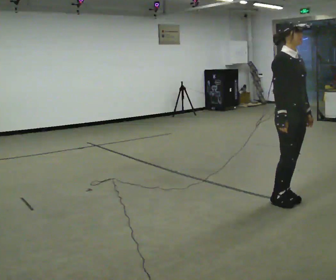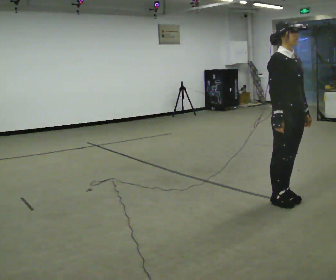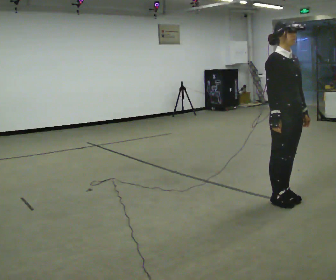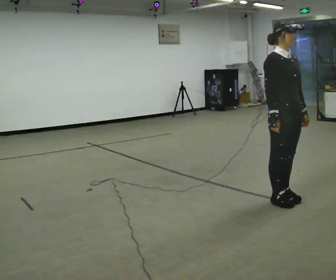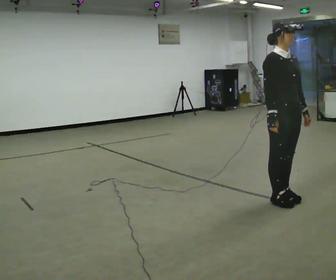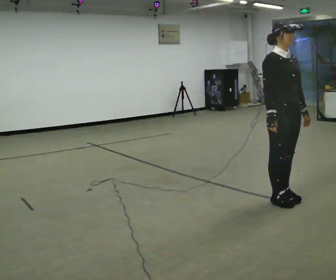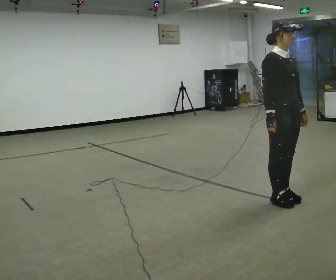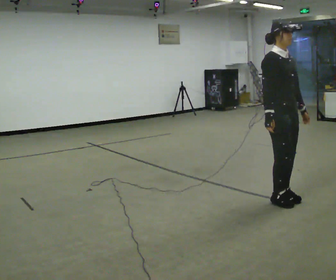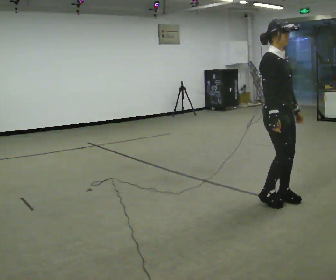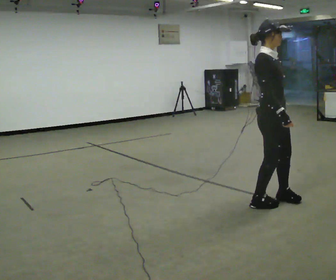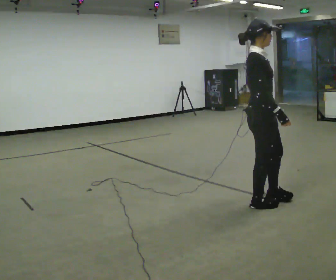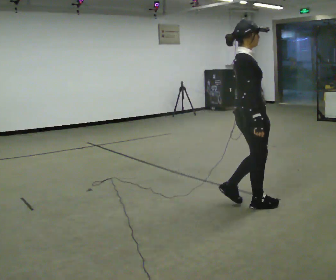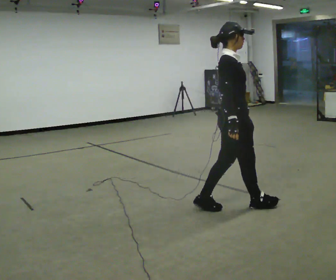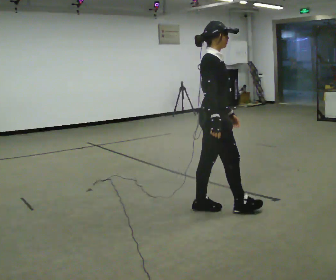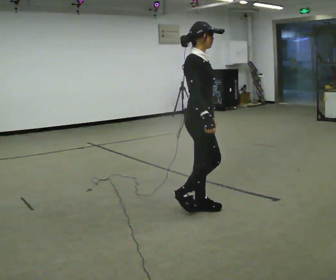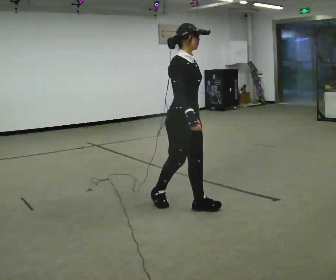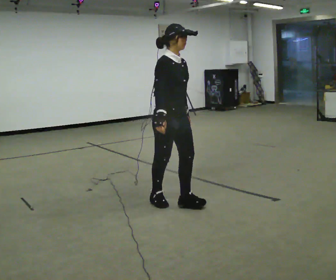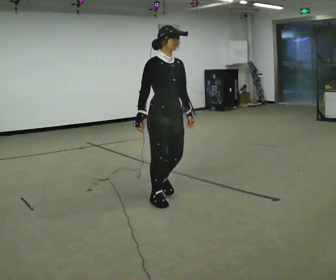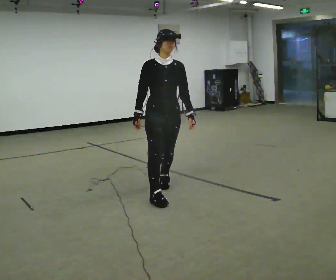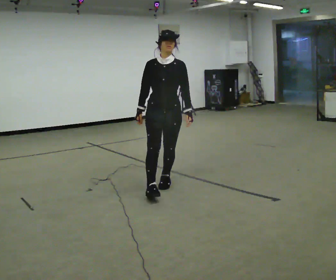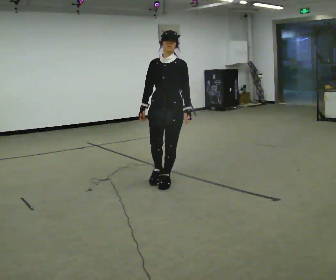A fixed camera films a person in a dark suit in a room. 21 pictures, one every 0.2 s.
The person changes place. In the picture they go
to the left.
The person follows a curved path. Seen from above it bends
clockwise.
0.0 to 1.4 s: The person moves a little, or ends about where they began.
1.4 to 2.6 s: Seen from above the body turns counterclockwise, about 45 degrees: to their left, with its near side sliding to the right. In the picture they go to the left, about 0.5 m in 3 steps, which for them is backward.
2.6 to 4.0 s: Seen from above the body turns clockwise, about 105 degrees: to their right, with its near side sliding to the left. In the picture they go away from the camera and to the left, about 1 m in 2 steps.
The film runs backward here.
